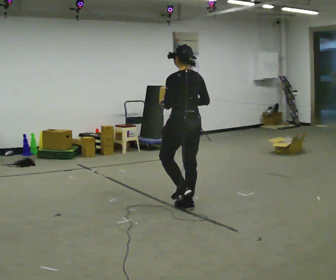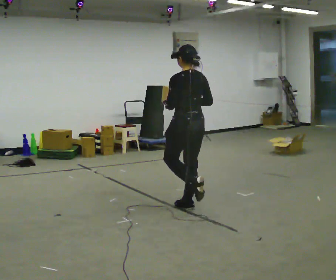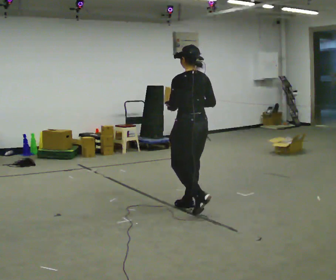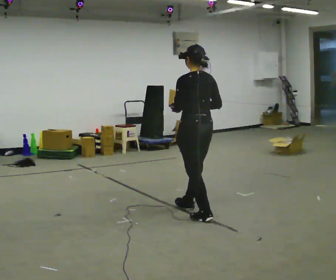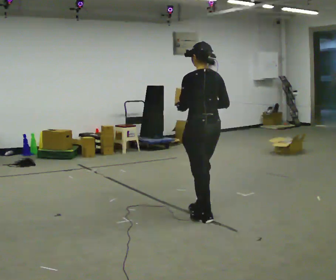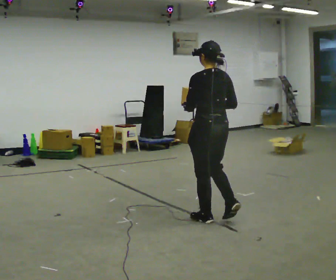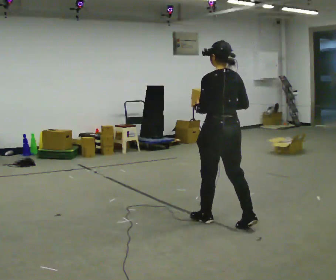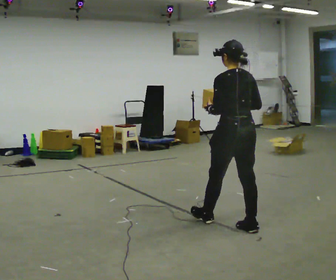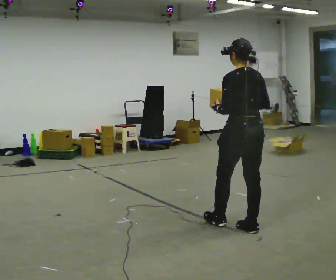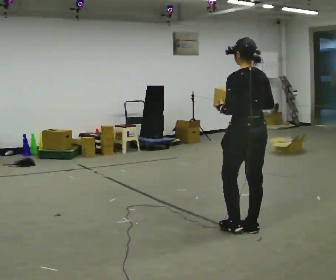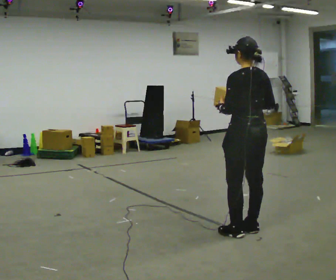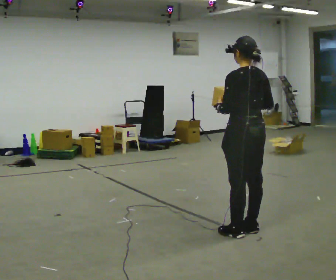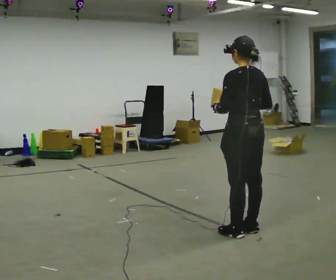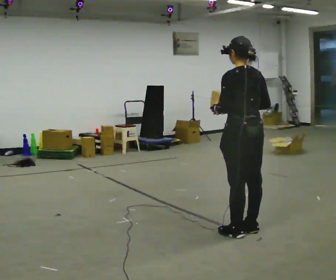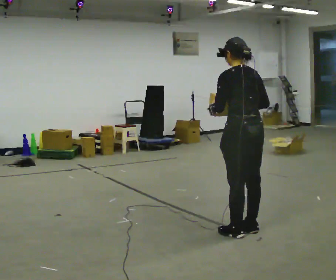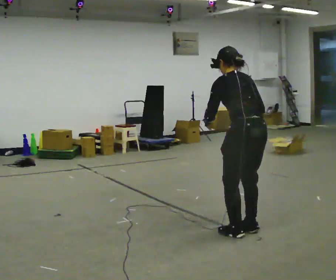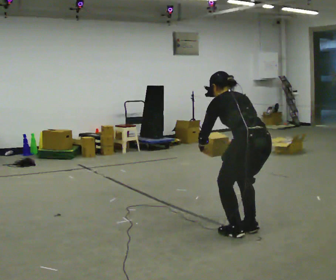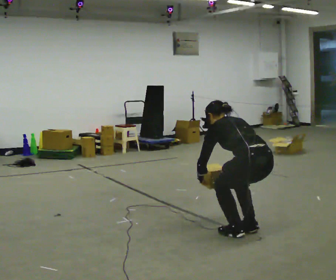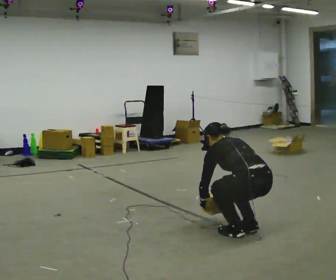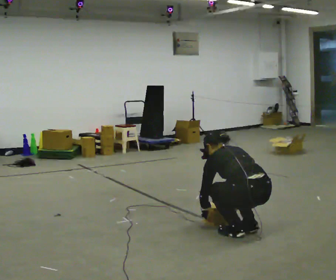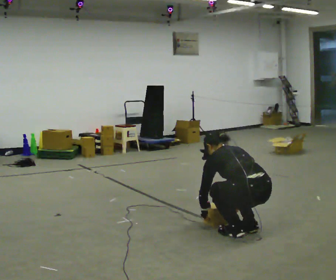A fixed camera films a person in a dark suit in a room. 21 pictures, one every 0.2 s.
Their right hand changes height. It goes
downward.
Their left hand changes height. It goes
downward.
0.0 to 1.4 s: In the picture they go toward the camera and to the right, about 0.5 m in 1 step, which for them is backward.
1.4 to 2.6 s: In the picture they go toward the camera, about 0.25 m in 1 step, which for them is backward.
2.6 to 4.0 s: The upper body goes downward. The upper body tips away from the camera, its near side rolling upward, as they bend forward. In the picture their right hand goes downward.
The film runs backward here.
